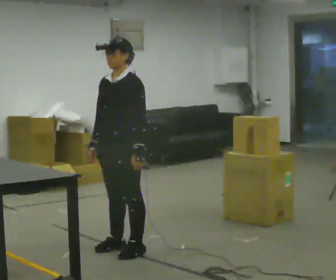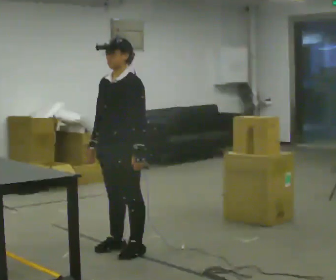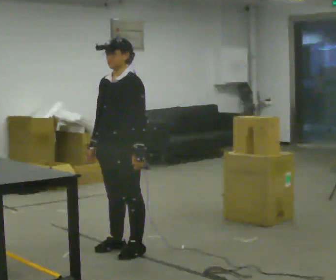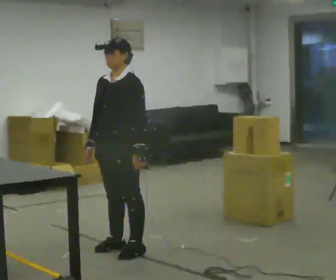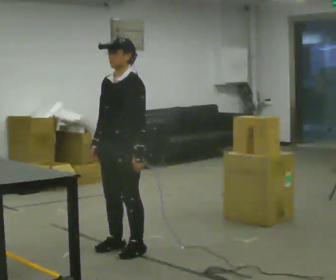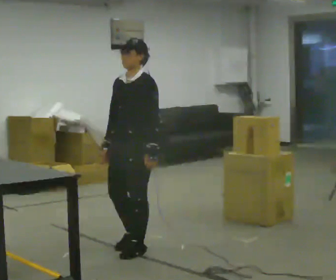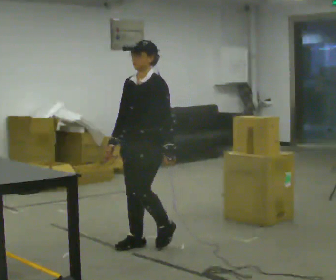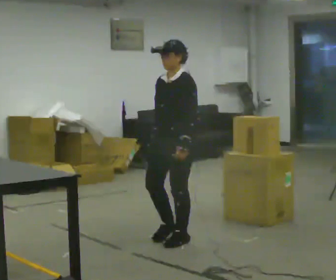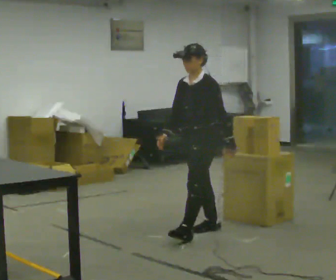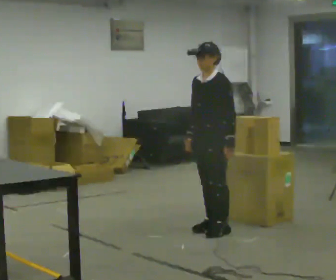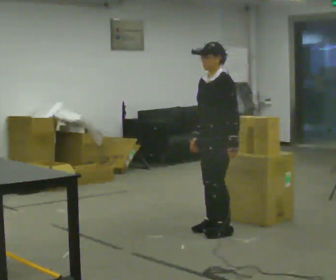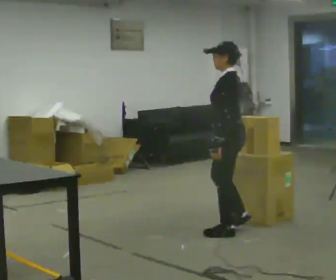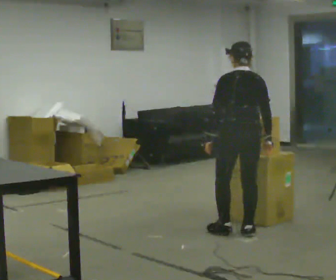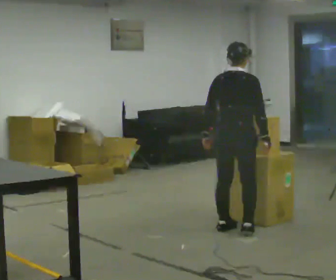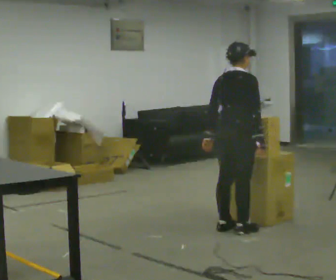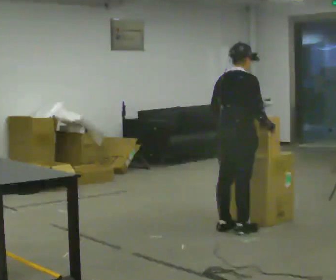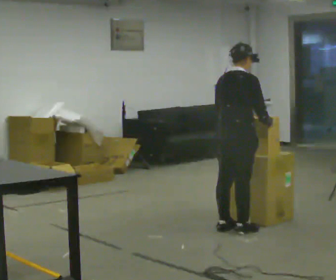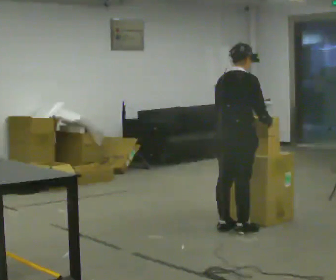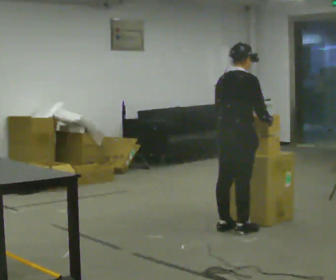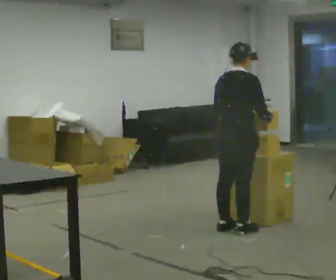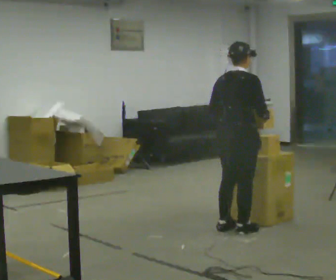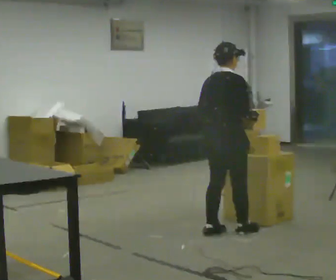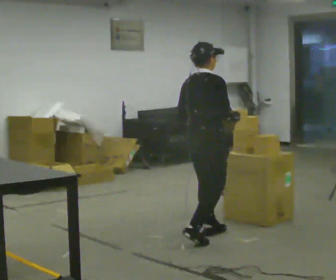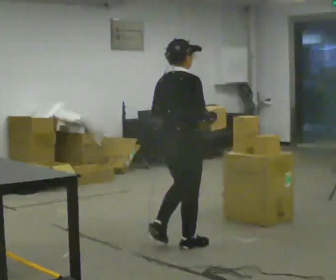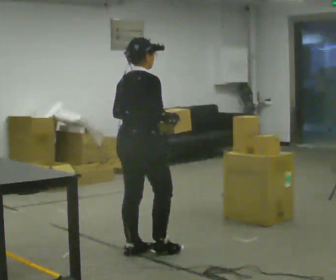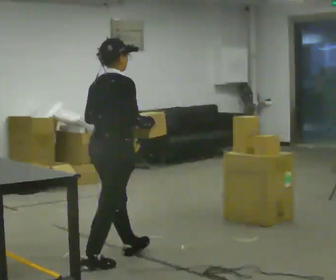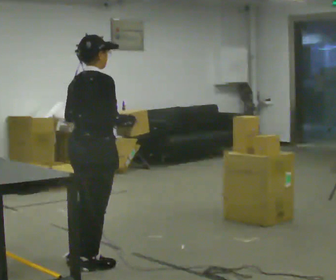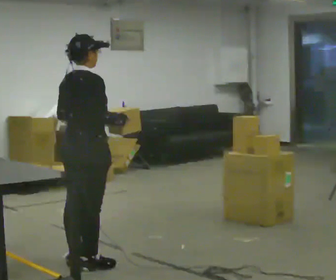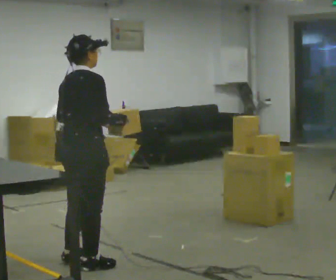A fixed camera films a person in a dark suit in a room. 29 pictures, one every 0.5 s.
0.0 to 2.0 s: The person moves a little, or ends about where they began.
2.0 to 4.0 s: In the picture they go away from the camera and to the right, about 1 m in 4 steps, which for them is backward.
4.0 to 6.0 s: The person turns about 105 degrees to their right, clockwise seen from above, so the part of the body nearest the lens slides to the left. In the picture they go to the right, about 0.25 m in 2 steps.
6.0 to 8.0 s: Seen from above the body turns clockwise, about 75 degrees: to their right, with its near side sliding to the left.
8.0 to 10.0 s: The person moves a little, or ends about where they began.
10.0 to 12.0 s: In the picture they go toward the camera and to the left, about 1 m in 4 steps, which for them is backward.
12.0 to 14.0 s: In the picture they go toward the camera and to the left, about 0.5 m in 1 step, which for them is backward.
The film runs backward here.
